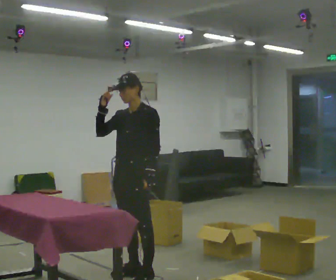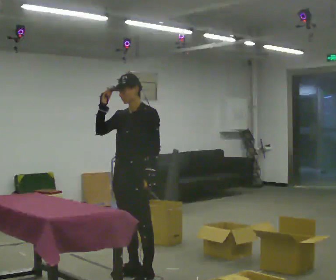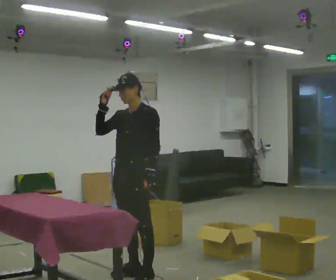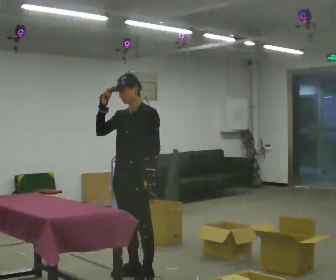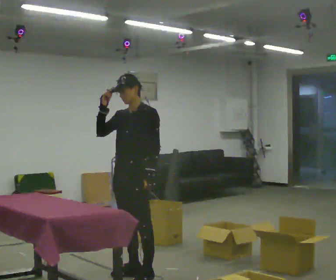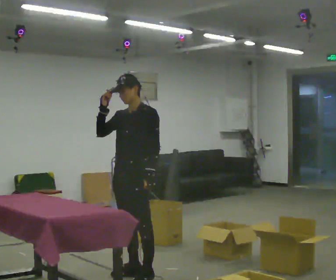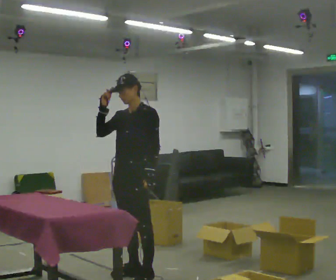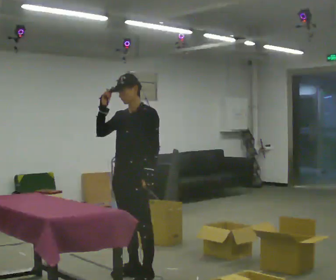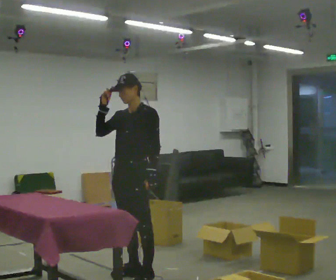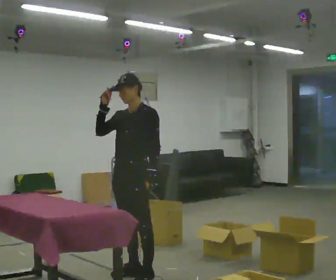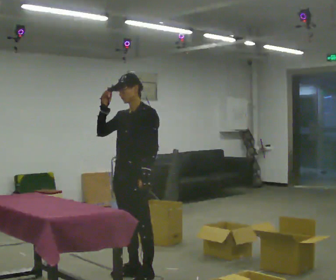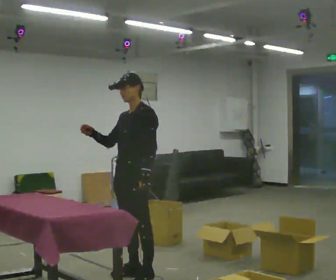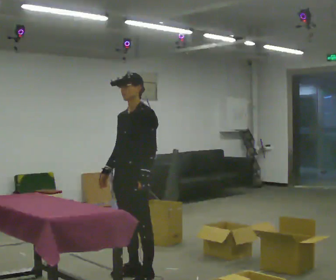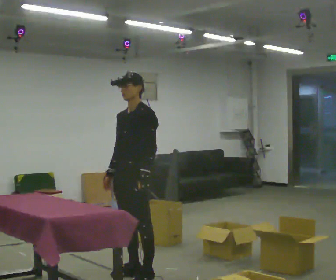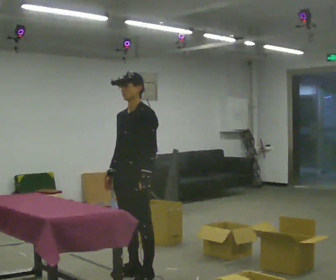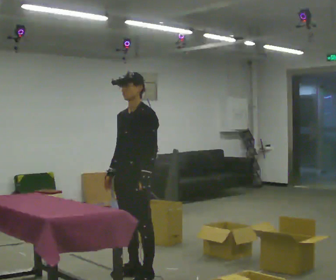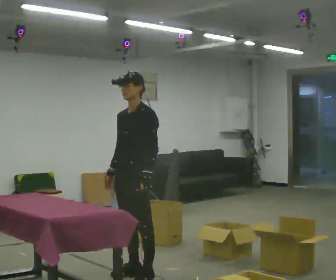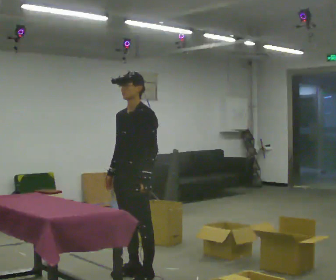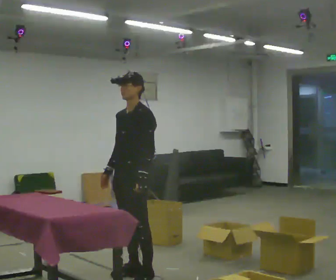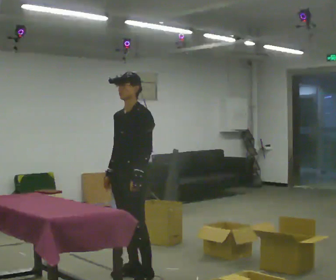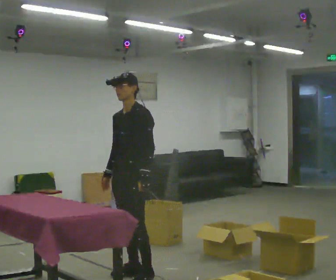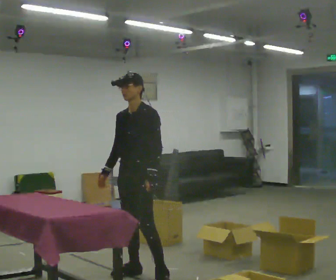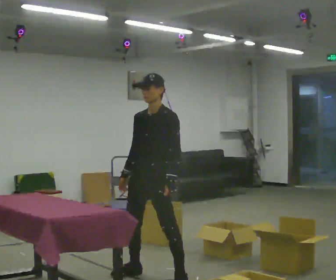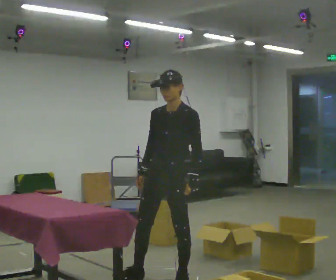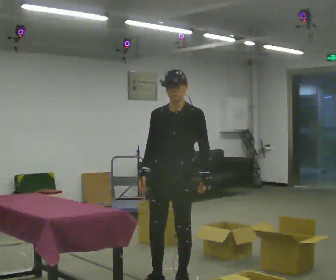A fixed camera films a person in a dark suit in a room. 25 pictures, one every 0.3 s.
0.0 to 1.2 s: The person moves a little, or ends about where they began.
1.2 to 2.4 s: The person keeps their place and pose.
2.4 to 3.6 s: In the picture their right hand goes downward.
3.6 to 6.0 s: The person moves a little, or ends about where they began.
6.0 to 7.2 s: In the picture they go to the right and toward the camera, about 0.5 m in 2 steps, which for them is to their left.
The film runs backward here.
